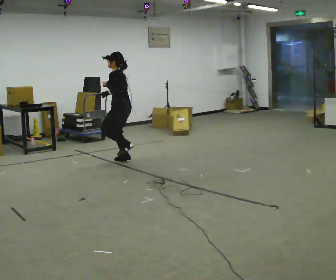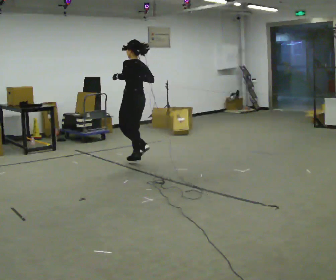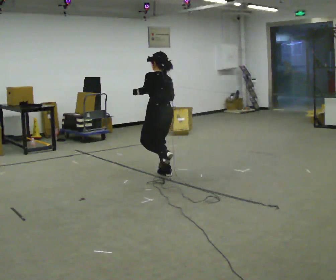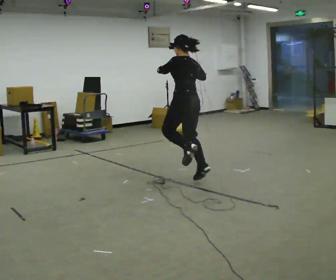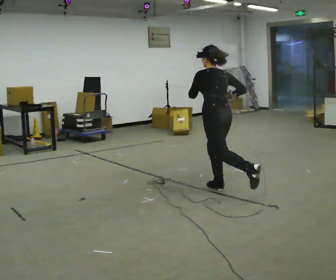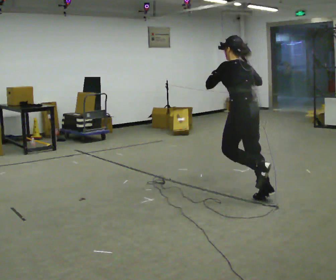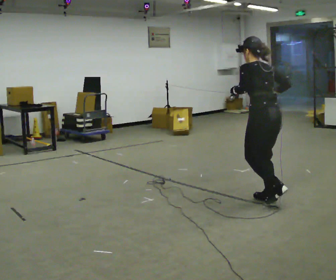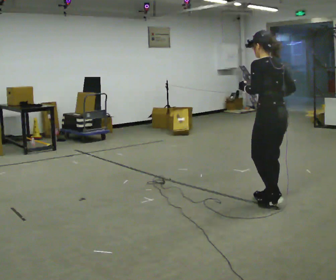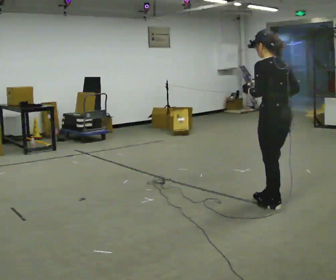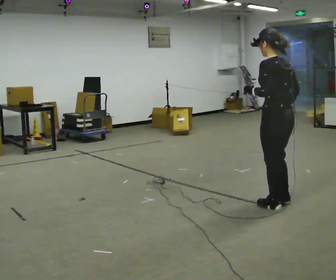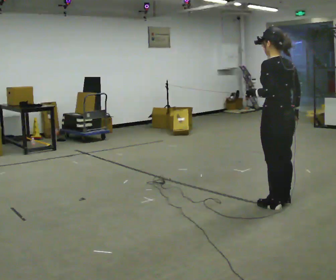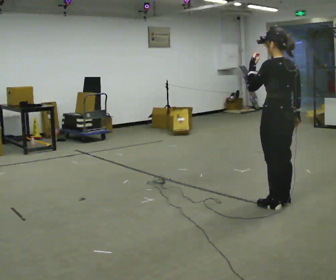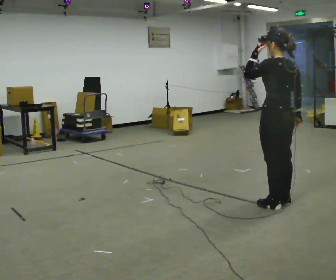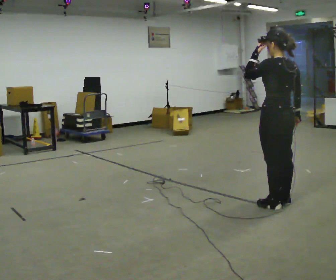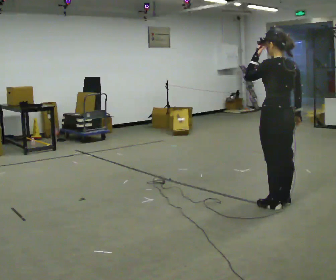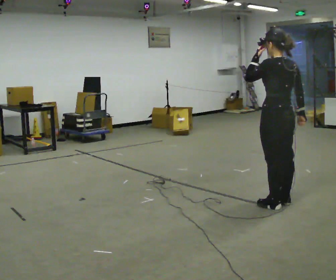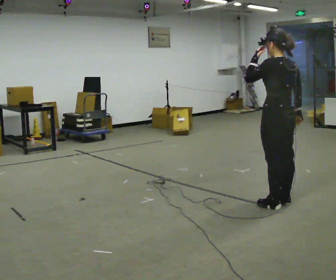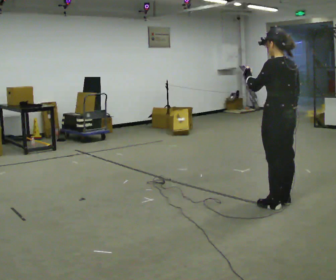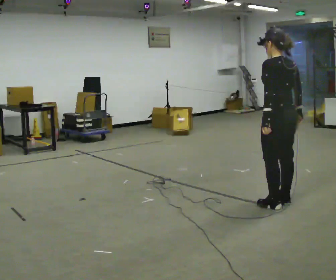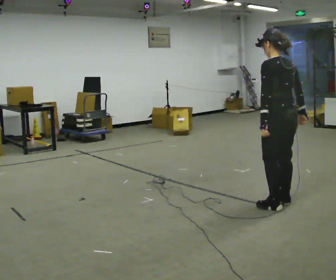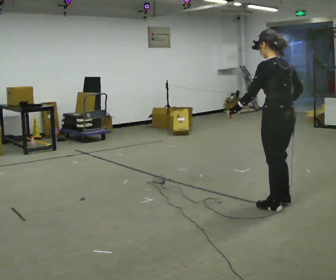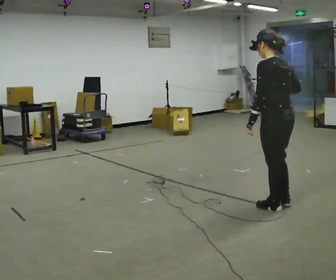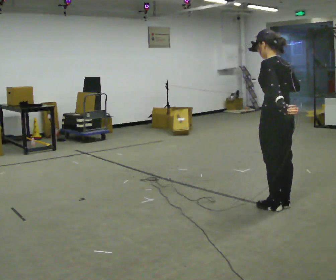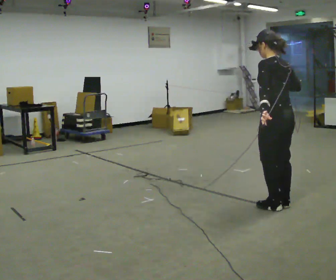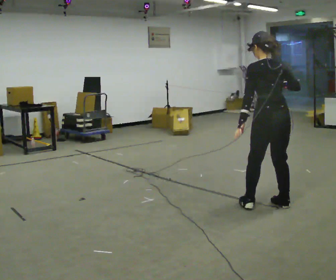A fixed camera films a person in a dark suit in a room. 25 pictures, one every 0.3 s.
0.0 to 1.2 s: The person turns about 45 degrees to their right, clockwise seen from above, so the part of the body nearest the lens slides to the left. In the picture they go to the right and toward the camera, about 2 m in 3 steps, which for them is backward.
1.2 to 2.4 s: In the picture they go to the right and toward the camera, about 1 m, which for them is backward.
2.4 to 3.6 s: In the picture their left hand goes upward.
3.6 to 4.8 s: The person moves a little, or ends about where they began.
4.8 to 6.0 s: In the picture their left hand goes downward.
6.0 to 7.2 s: The person moves a little, or ends about where they began.
The film runs backward here.
